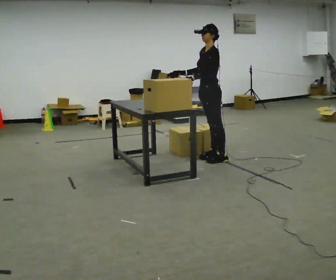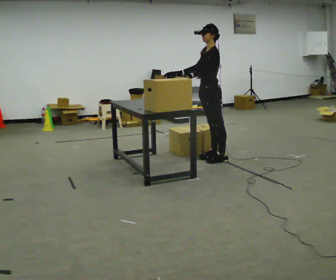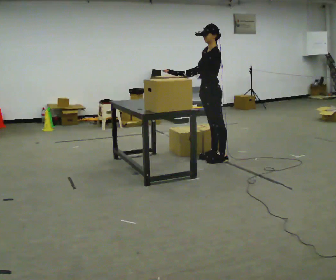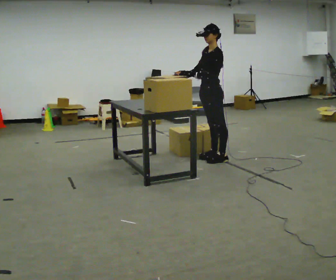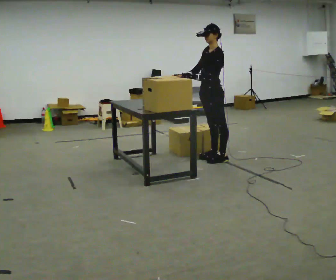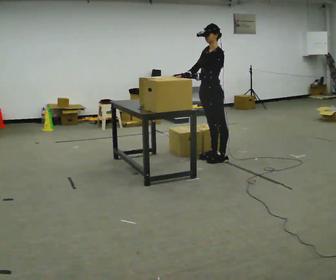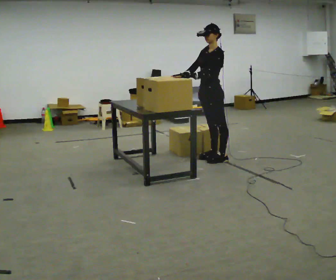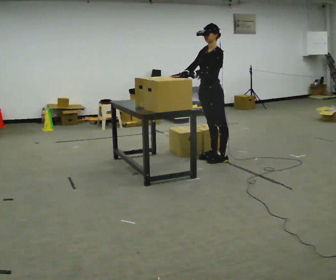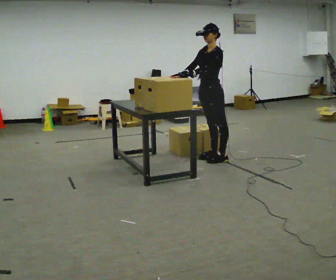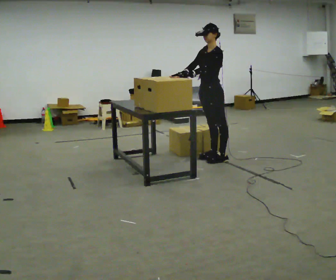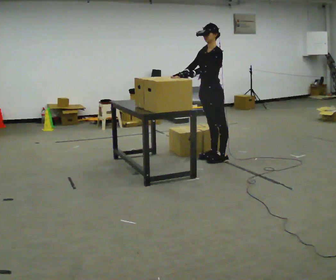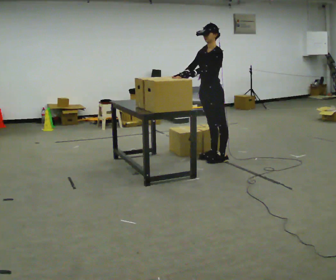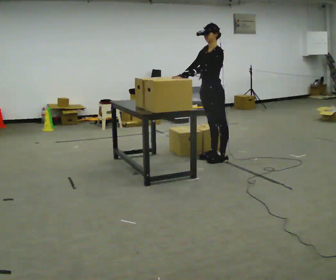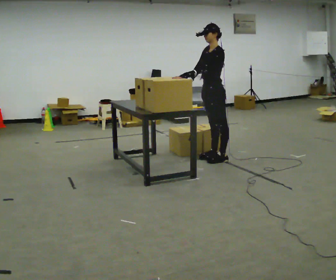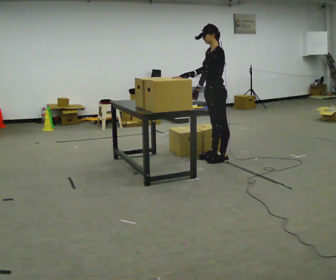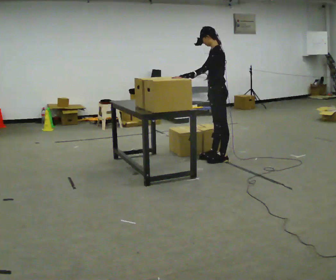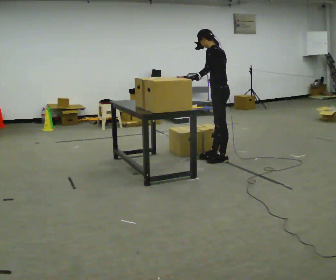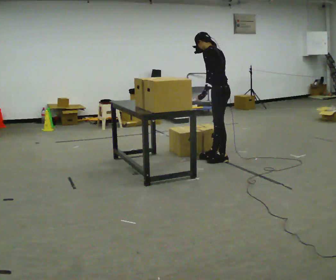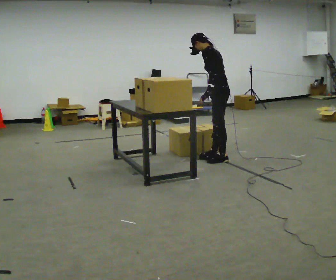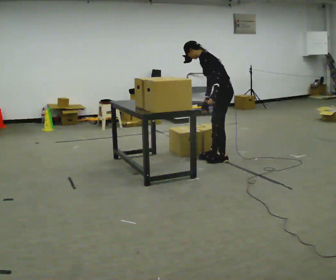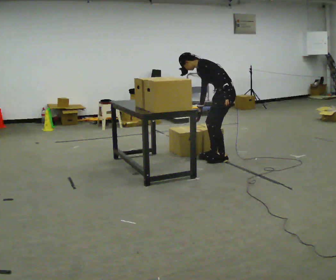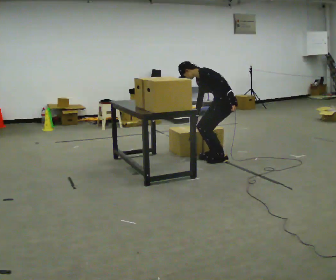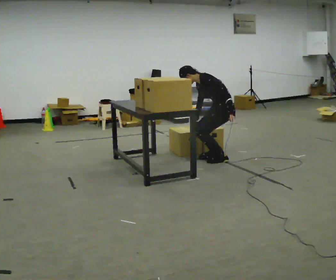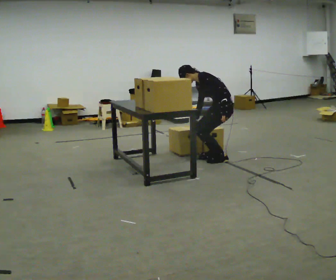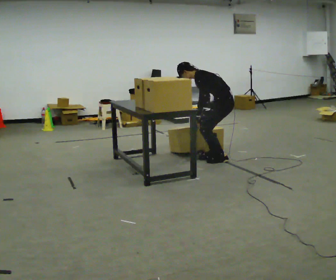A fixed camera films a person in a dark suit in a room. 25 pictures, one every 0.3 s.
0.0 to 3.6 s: The person moves a little, or ends about where they began.
3.6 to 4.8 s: The person turns about 45 degrees to their right, clockwise seen from above, so the part of the body nearest the lens slides to the left. In the picture their right hand goes to the right, the arm swinging counterclockwise.
4.8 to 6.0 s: The shoulders move downward. In the picture the upper body tilts counterclockwise, shoulders to the left, as they bend forward. In the picture their left hand goes to the right, the arm swinging counterclockwise.
6.0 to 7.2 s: The person moves a little, or ends about where they began.
The film runs forward here.
